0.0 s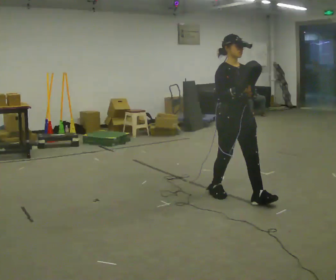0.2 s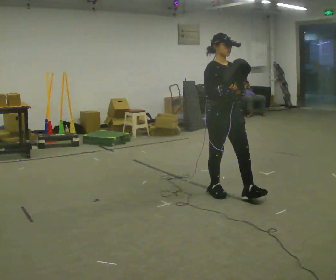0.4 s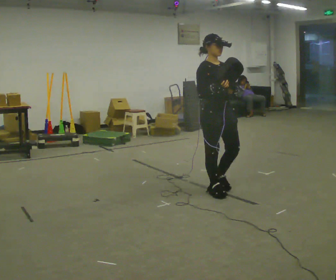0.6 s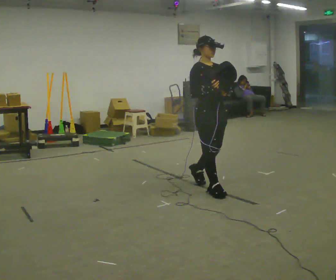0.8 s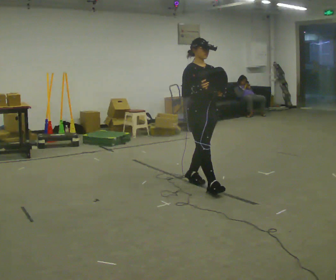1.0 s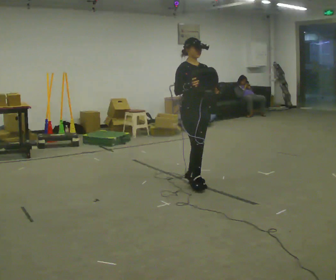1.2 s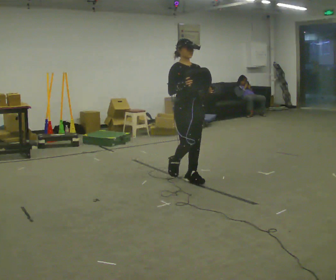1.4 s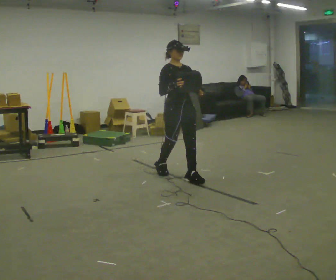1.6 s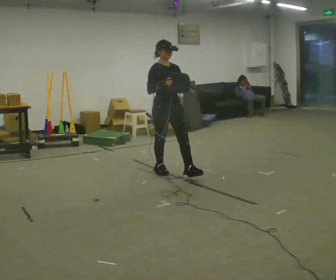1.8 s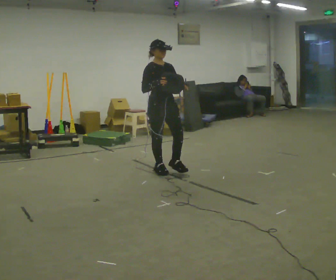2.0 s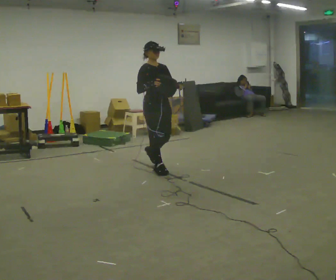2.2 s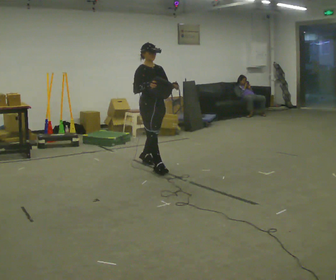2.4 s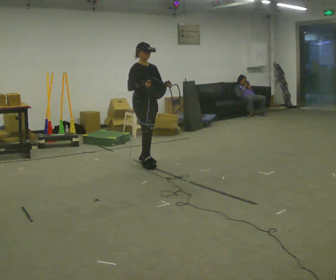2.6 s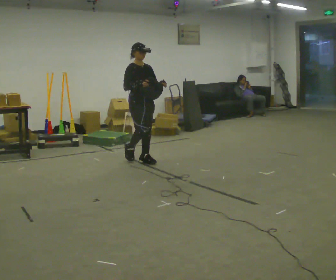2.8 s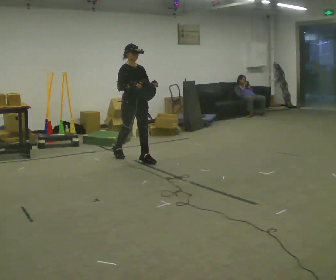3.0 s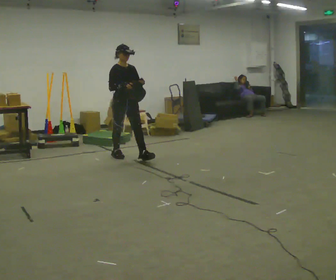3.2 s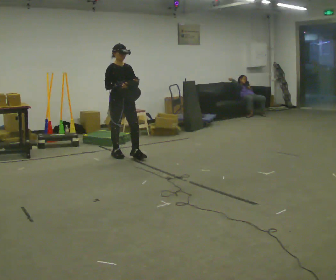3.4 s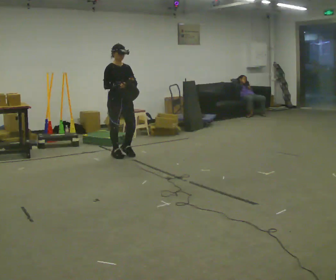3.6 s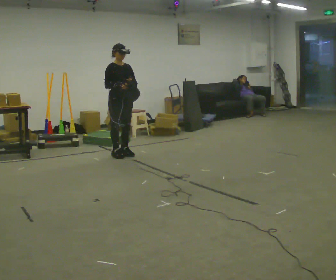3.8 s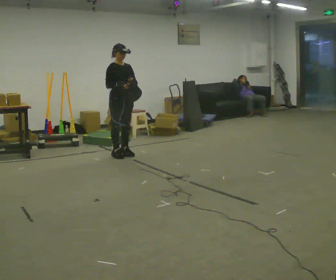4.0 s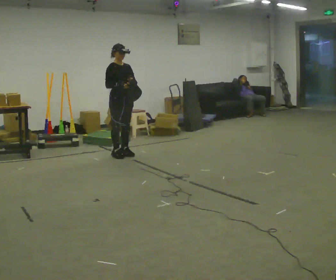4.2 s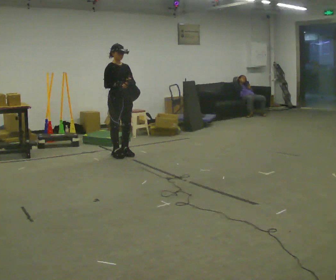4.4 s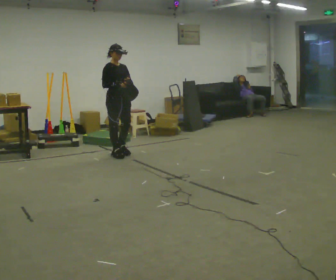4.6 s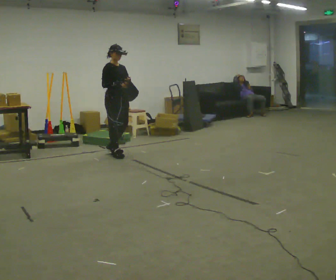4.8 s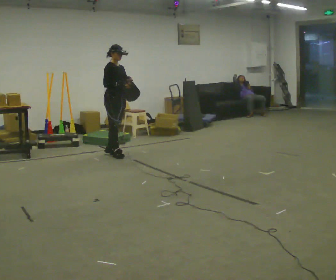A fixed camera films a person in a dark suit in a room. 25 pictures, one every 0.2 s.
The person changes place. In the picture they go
away from the camera.
0.0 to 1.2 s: In the picture they go away from the camera and to the left, about 1 m in 2 steps, which for them is backward.
1.2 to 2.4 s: In the picture they go away from the camera and to the left, about 1 m in 2 steps, which for them is backward.
2.4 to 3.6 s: In the picture they go away from the camera and to the left, about 0.5 m in 1 step, which for them is backward.
3.6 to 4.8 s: The part of the body nearest the lens slides to the right as the person turns to their left by about 30 degrees.
The film runs backward here.
